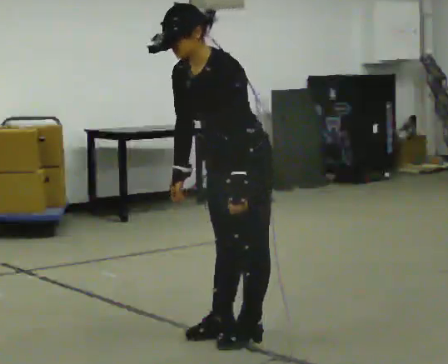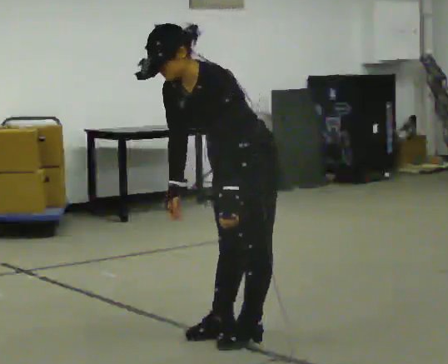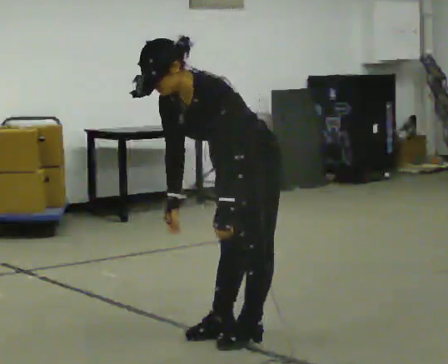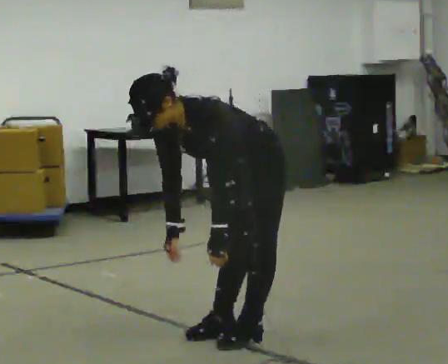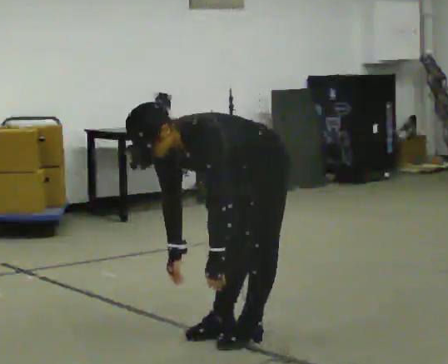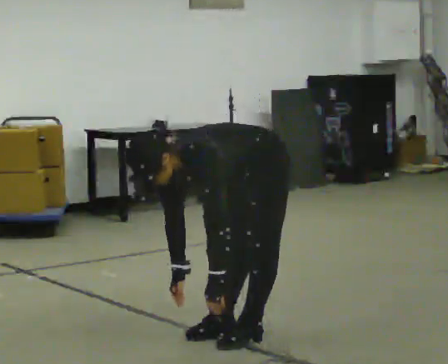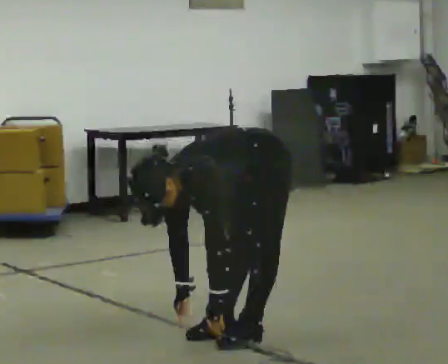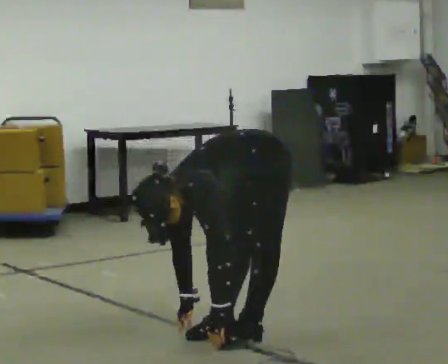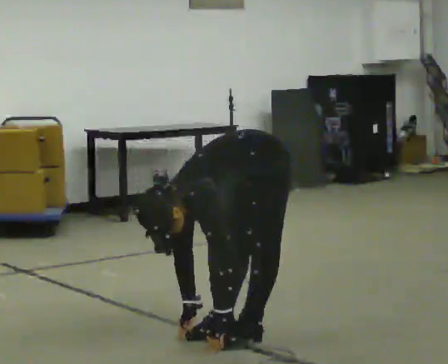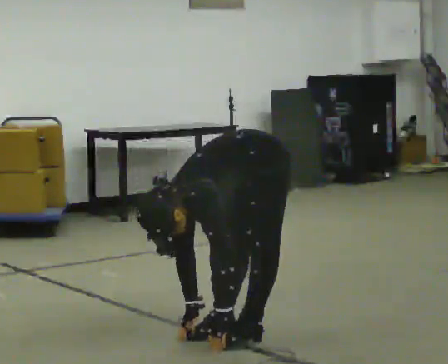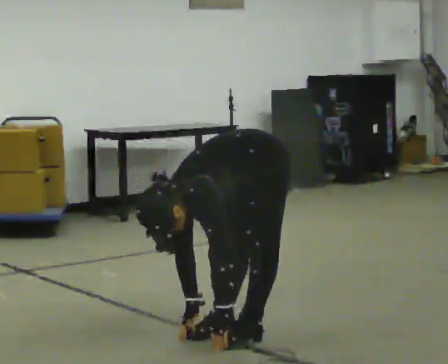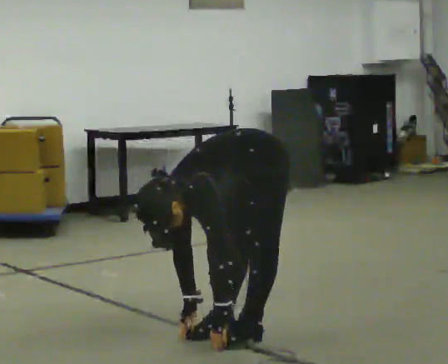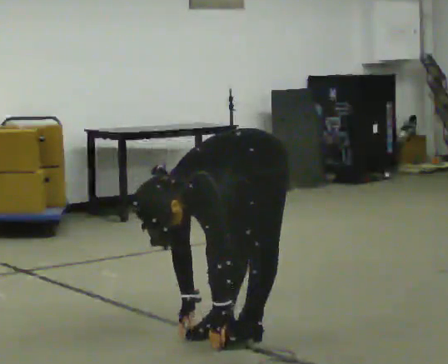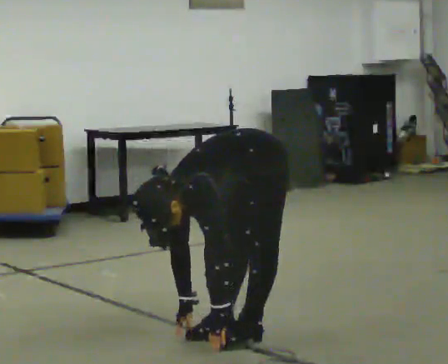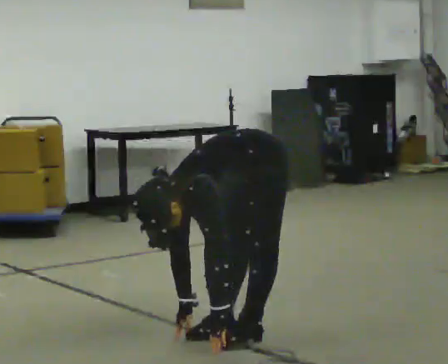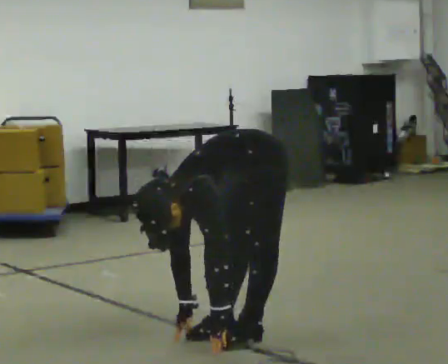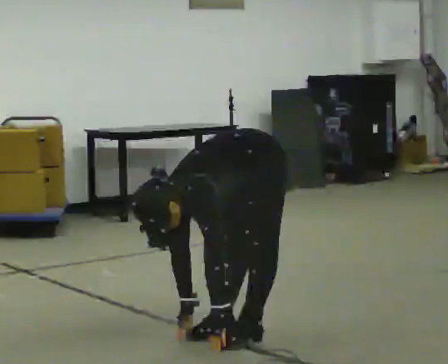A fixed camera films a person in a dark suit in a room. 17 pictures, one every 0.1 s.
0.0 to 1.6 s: The shoulders move downward. The upper body tips toward the camera, its near side rolling downward, as they bend forward. In the picture their left hand goes downward.
The film runs forward here.
